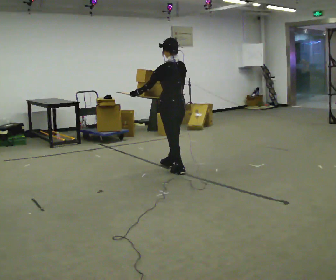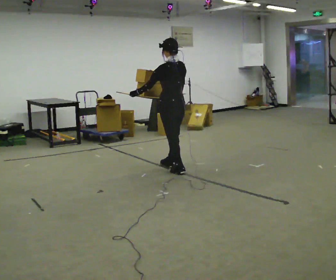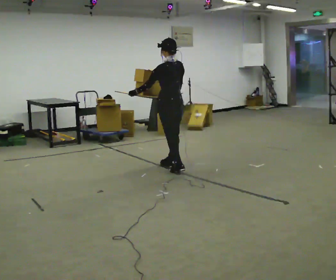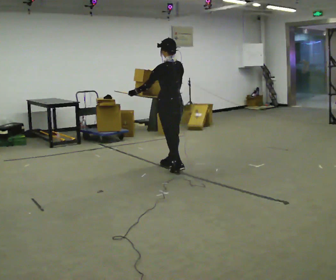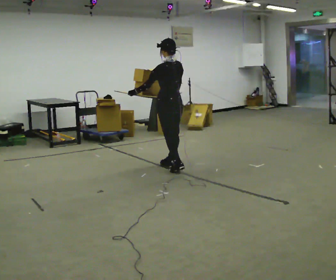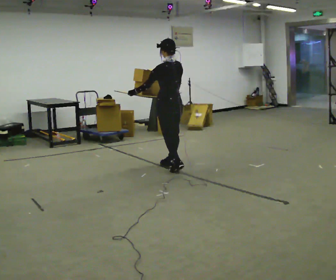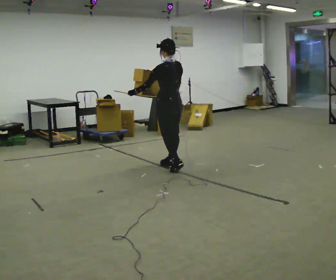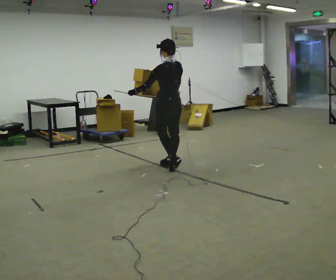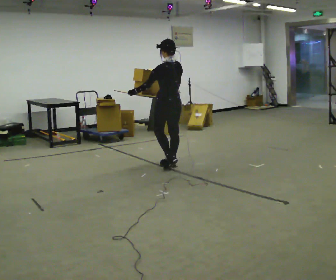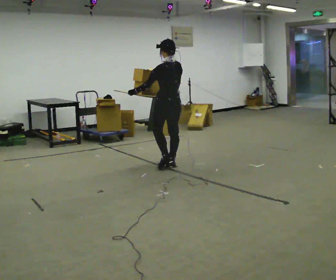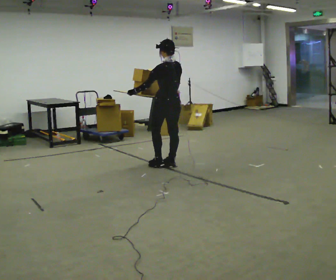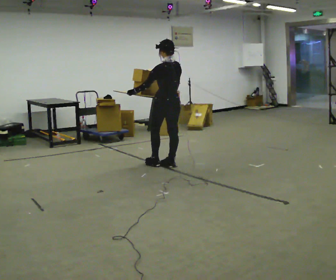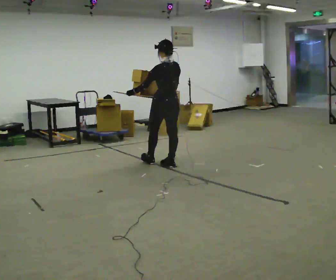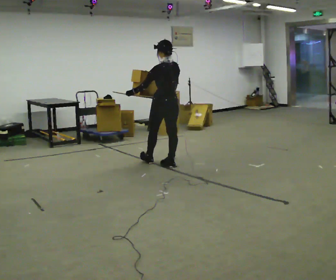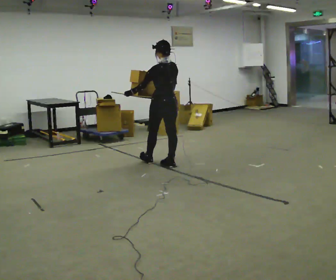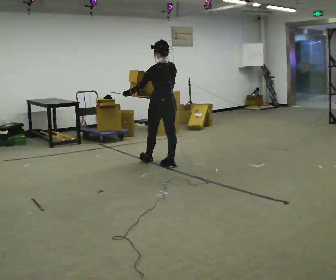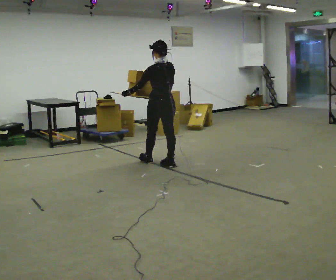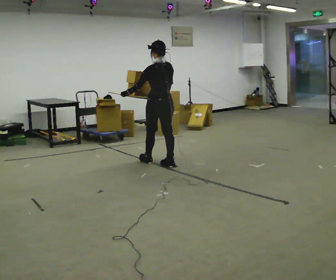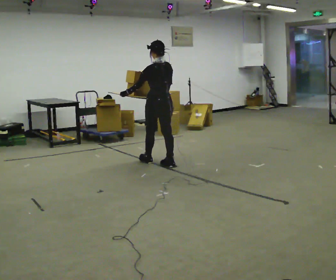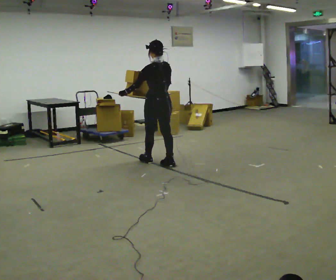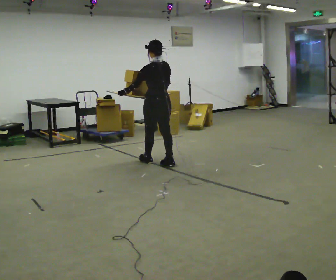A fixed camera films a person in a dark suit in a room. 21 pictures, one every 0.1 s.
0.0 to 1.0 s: In the picture they go away from the camera, about 0.25 m, which for them is forward.
1.0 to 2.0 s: The person moves a little, or ends about where they began.
The film runs forward here.
